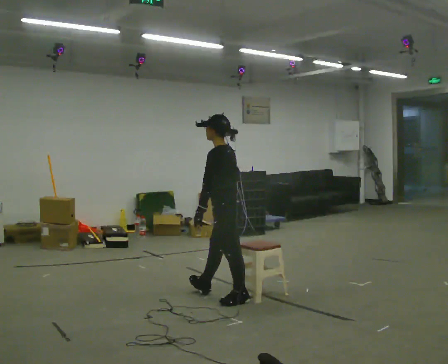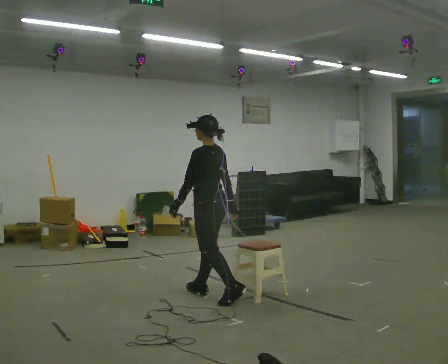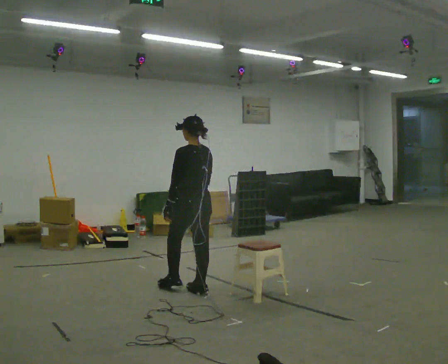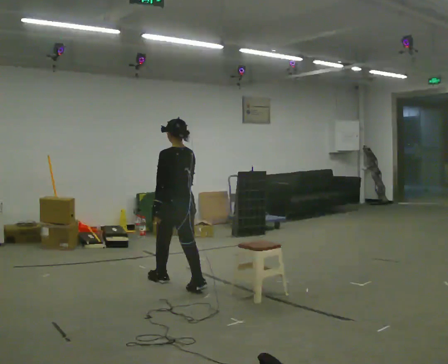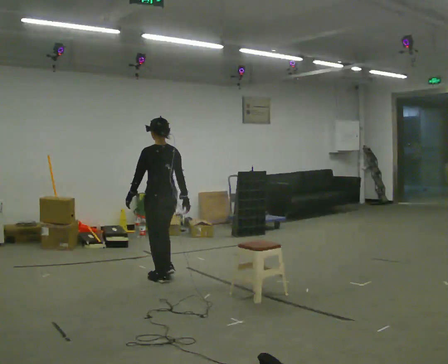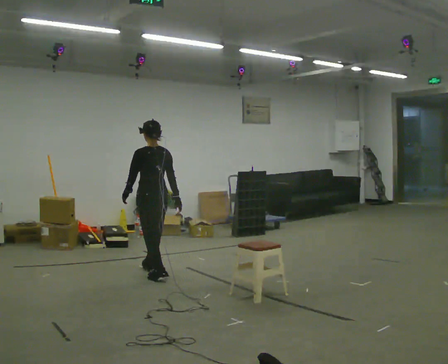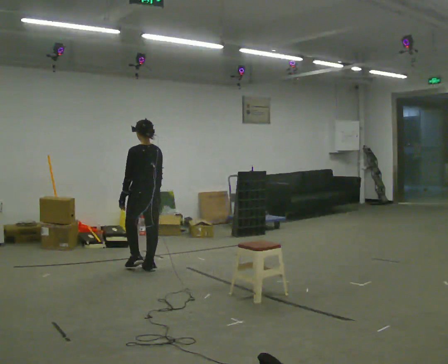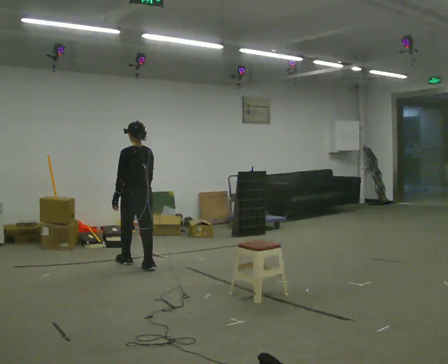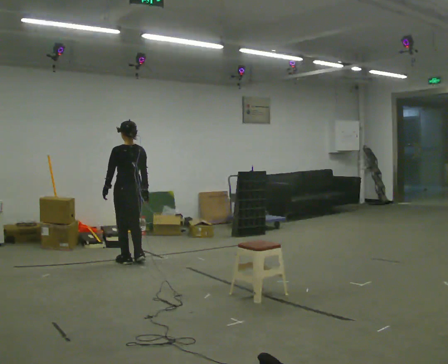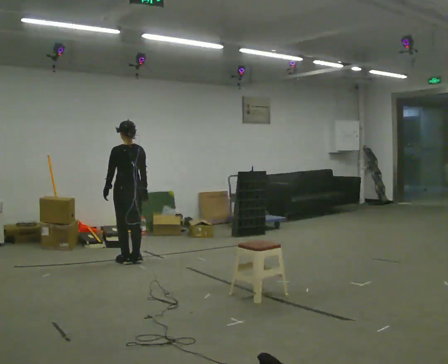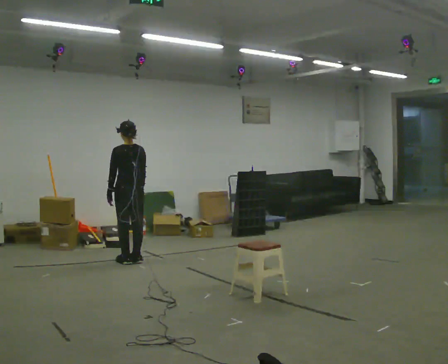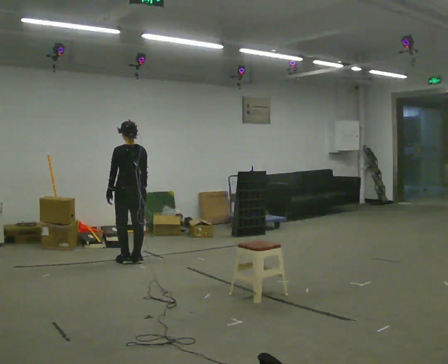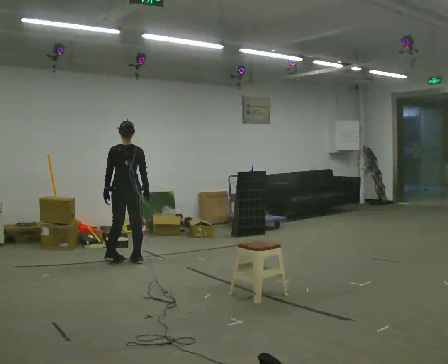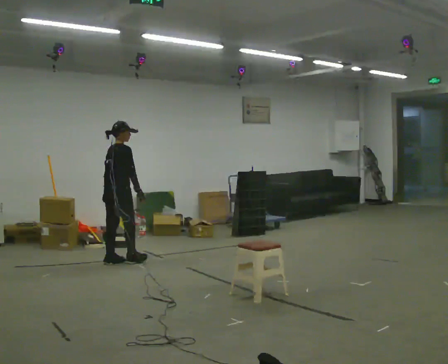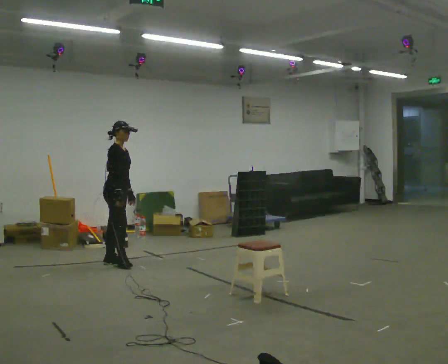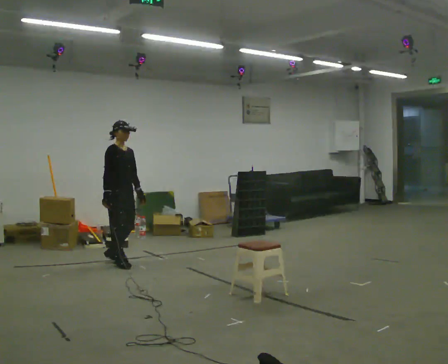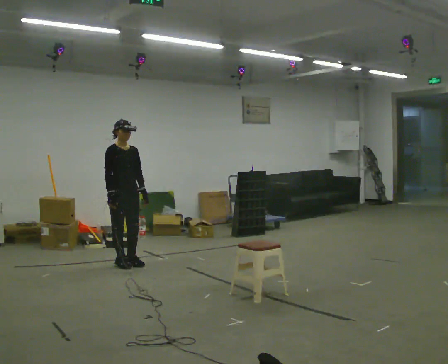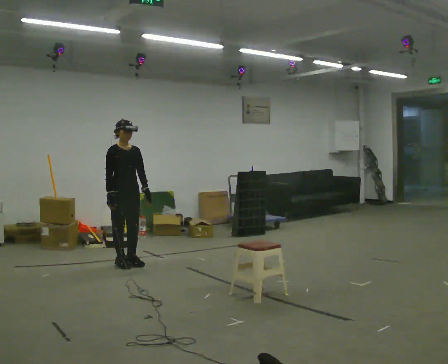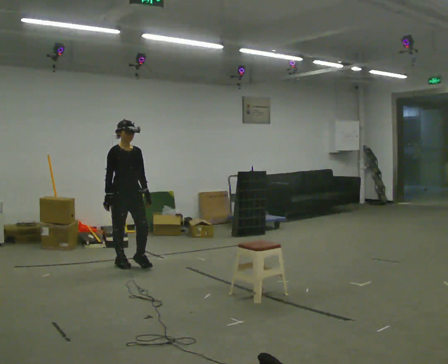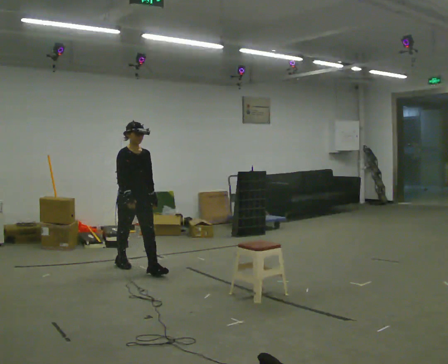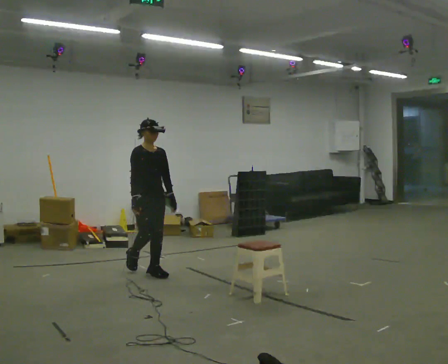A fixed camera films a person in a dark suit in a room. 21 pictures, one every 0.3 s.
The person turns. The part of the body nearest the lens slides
to the left.
The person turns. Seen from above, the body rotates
clockwise.
0.0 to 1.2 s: Seen from above the body turns clockwise, about 45 degrees: to their right, with its near side sliding to the left. In the picture they go away from the camera and to the left, about 1 m in 1 step, which for them is forward.
1.2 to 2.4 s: In the picture they go away from the camera, about 1 m in 2 steps, which for them is forward.
2.4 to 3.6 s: The part of the body nearest the lens slides to the left as the person turns to their right by about 30 degrees.
3.6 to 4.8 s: The person turns about 135 degrees to their right, clockwise seen from above, so the part of the body nearest the lens slides to the left. In the picture they go toward the camera, about 0.25 m in 2 steps. In the picture their left hand goes to the right, the arm swinging counterclockwise.
4.8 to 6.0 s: In the picture they go toward the camera and to the right, about 0.5 m in 1 step, which for them is forward.
The film runs forward here.
